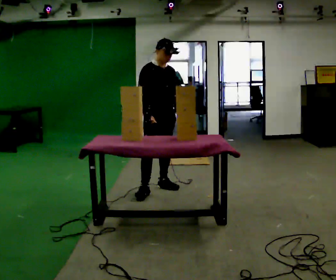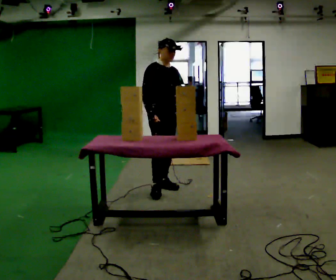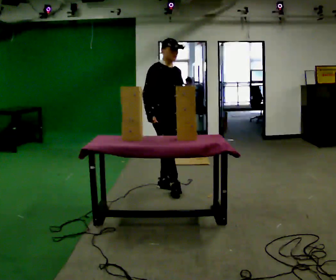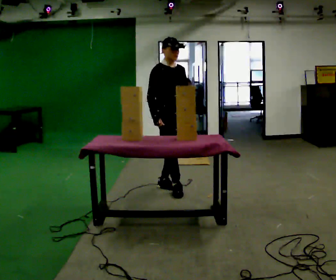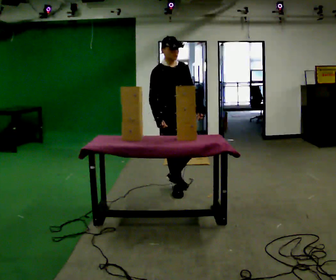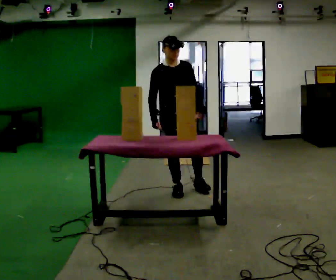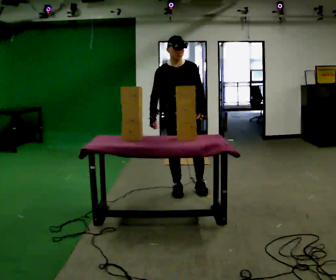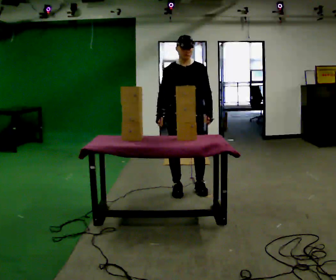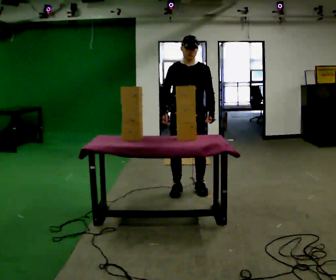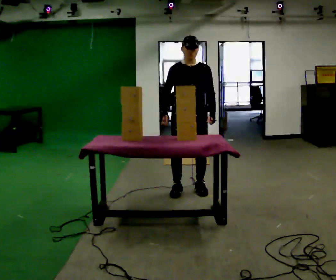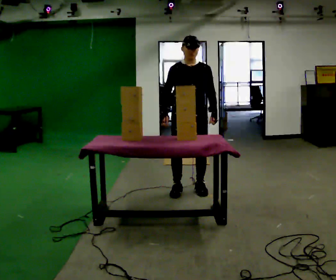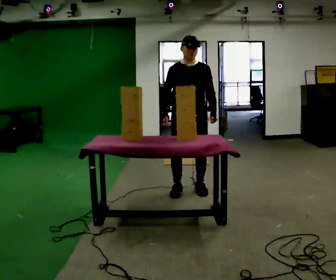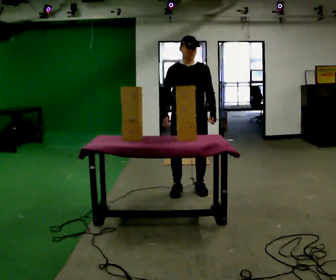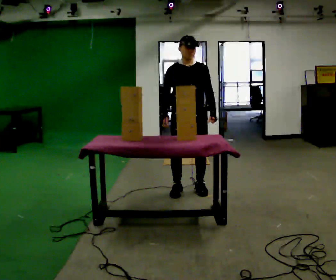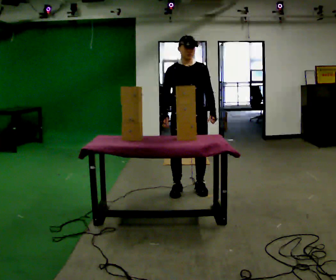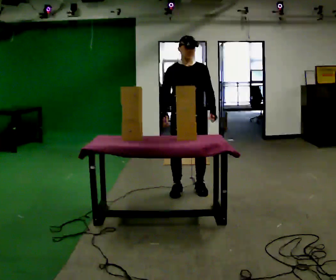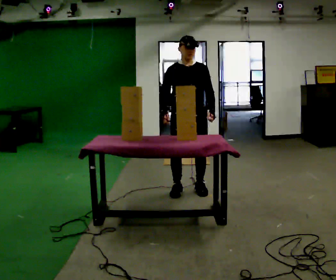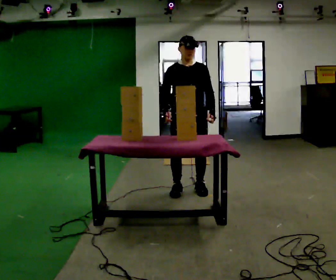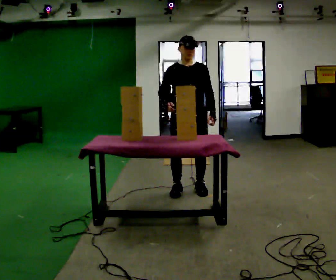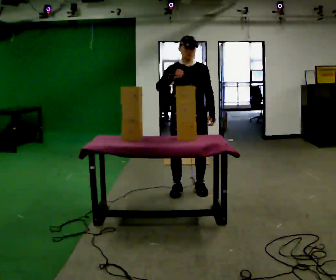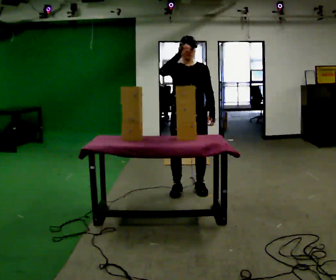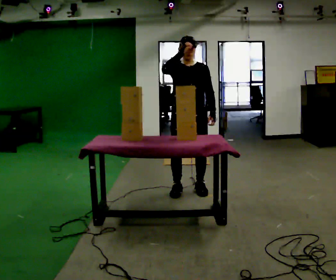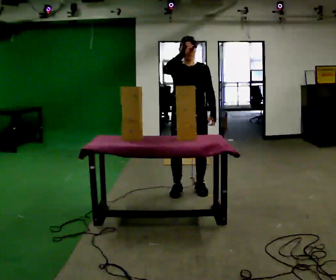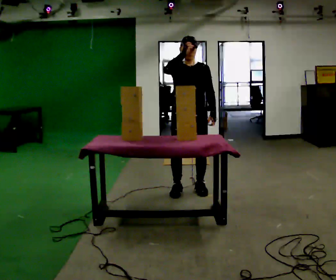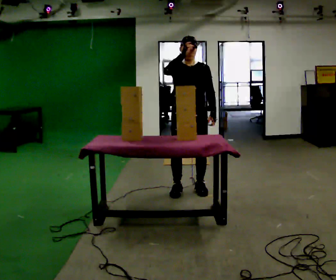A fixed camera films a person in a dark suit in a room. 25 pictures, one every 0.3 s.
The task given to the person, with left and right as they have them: Carry the boxes over one at a time and lay them out on the pallet in the pattern the operator shows you. Keep going until the operator says stop; one object at a time, and do not rush between trips.
0.0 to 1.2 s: In the picture they go to the right, about 0.25 m in 1 step, which for them is forward.
1.2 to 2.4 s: Seen from above the body turns clockwise, about 30 degrees: to their right, with its near side sliding to the left. In the picture they go to the right, about 0.25 m in 1 step, which for them is to their left.
2.4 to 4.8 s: The person moves a little, or ends about where they began.
4.8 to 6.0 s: In the picture their right hand goes upward.
6.0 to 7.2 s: The person moves a little, or ends about where they began.
The film runs forward here.
